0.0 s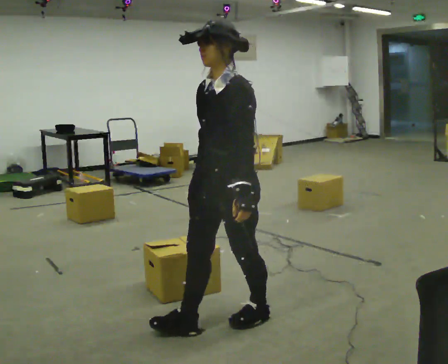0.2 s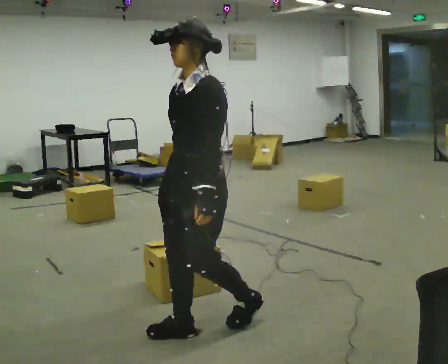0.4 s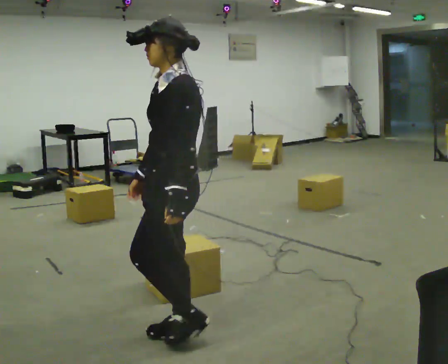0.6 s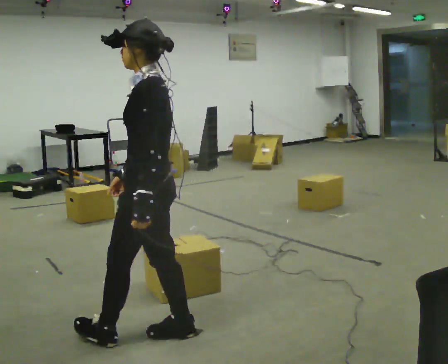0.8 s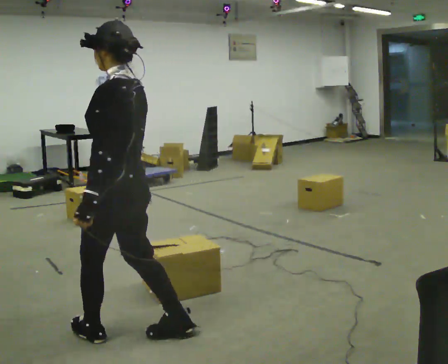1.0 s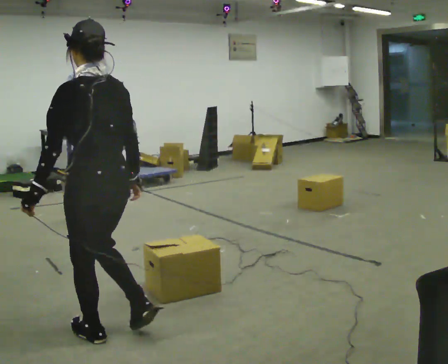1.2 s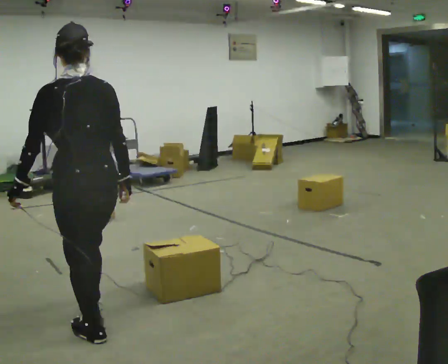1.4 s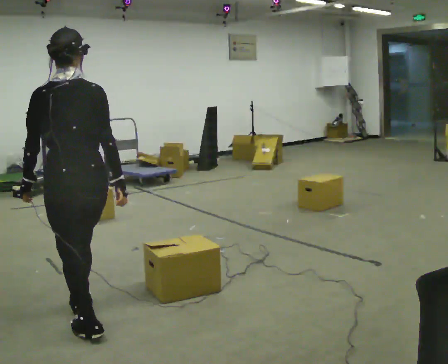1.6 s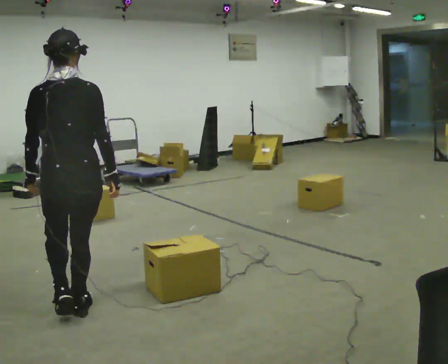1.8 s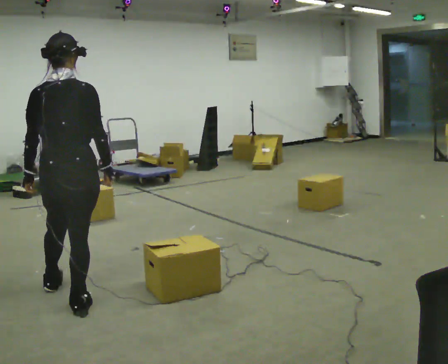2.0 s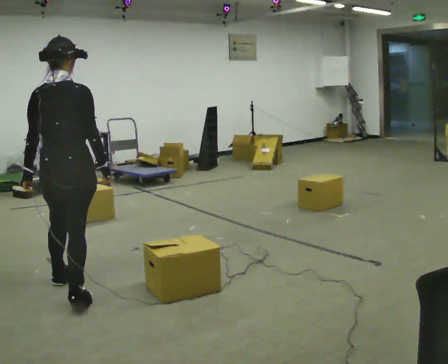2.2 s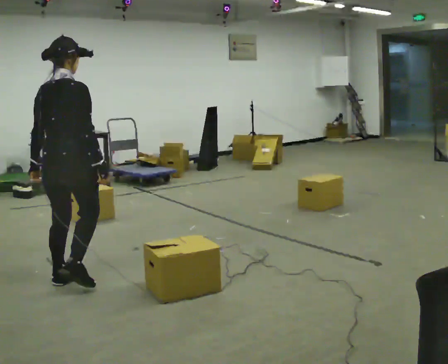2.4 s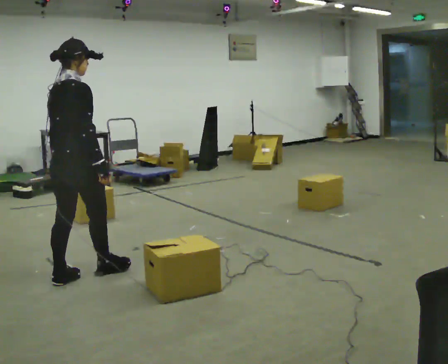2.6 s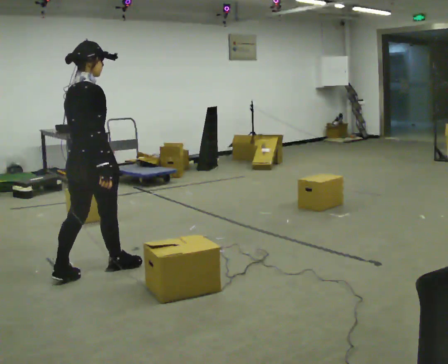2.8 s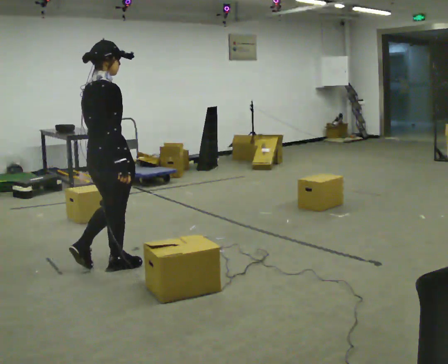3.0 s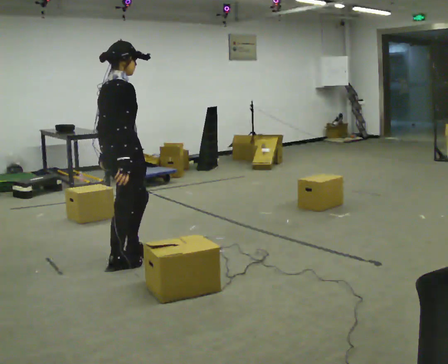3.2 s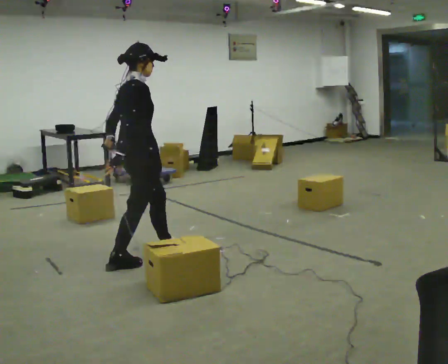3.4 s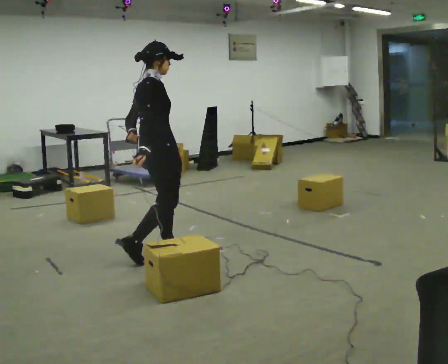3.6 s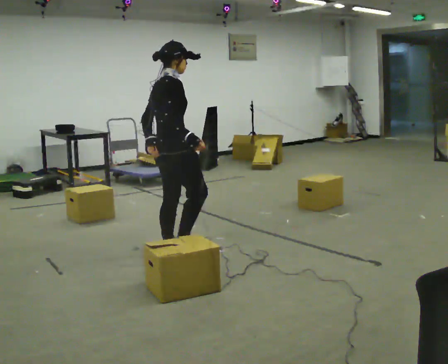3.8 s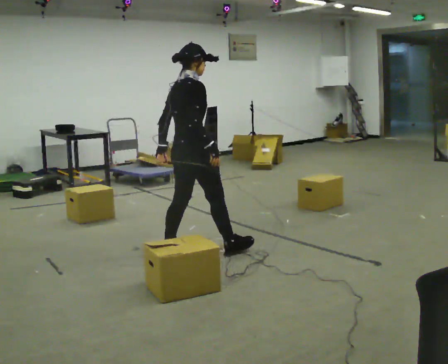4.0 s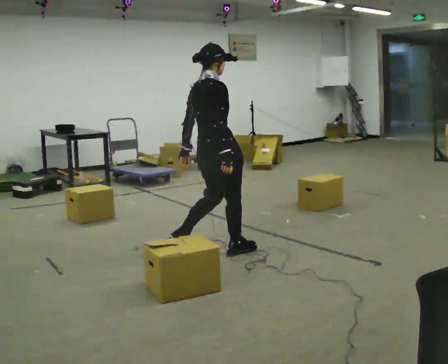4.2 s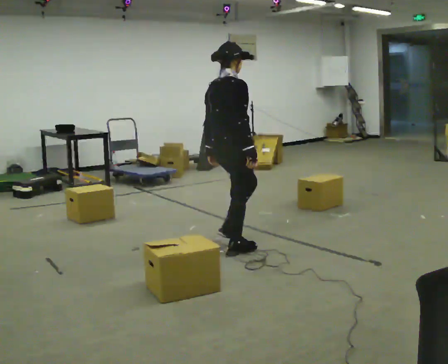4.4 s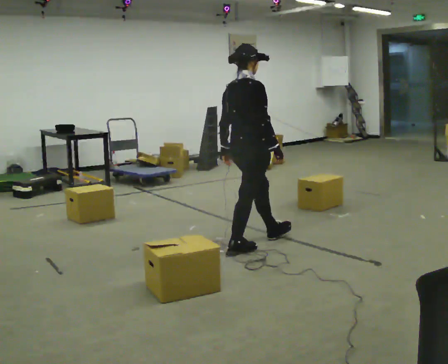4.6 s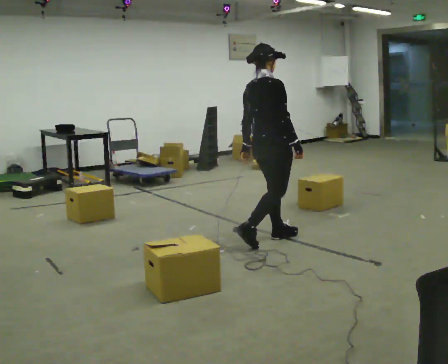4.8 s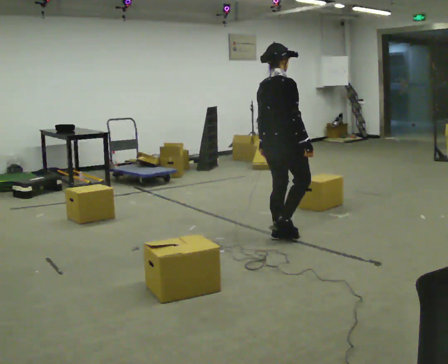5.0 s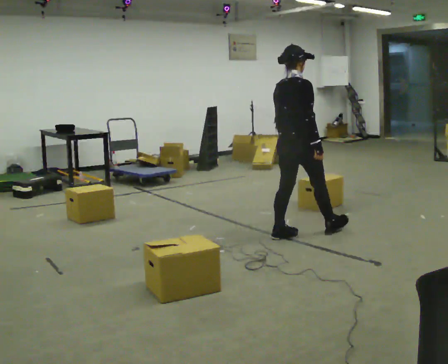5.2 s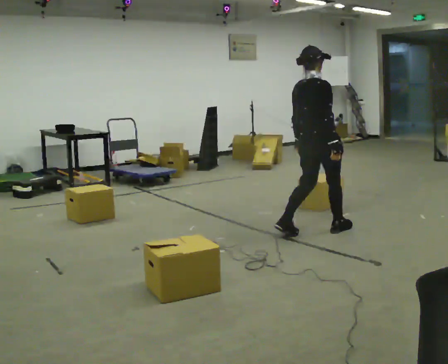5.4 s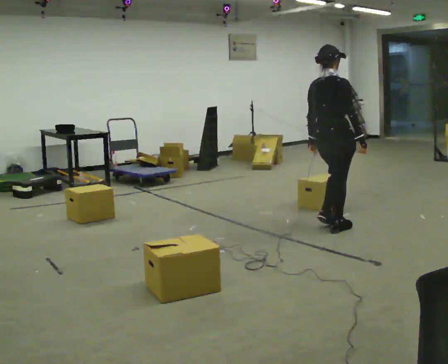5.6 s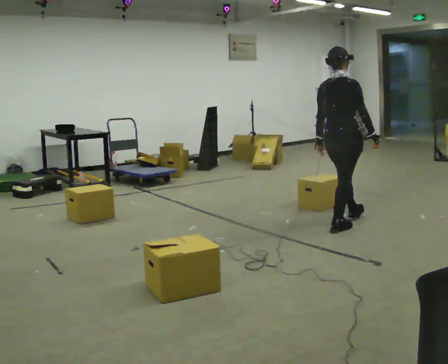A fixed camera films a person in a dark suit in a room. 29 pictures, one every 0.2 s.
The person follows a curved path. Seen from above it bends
clockwise.
The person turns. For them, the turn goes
to their right.
0.0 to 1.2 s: The part of the body nearest the lens slides to the left as the person turns to their right by about 90 degrees. In the picture they go to the left, about 0.75 m in 2 steps.
1.2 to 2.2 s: Seen from above the body turns clockwise, about 60 degrees: to their right, with its near side sliding to the left. In the picture they go away from the camera, about 0.75 m in 2 steps, which for them is forward.
2.2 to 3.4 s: Seen from above the body turns clockwise, about 45 degrees: to their right, with its near side sliding to the left. In the picture they go to the right and away from the camera, about 1 m in 2 steps, which for them is forward.
3.4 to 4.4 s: In the picture they go to the right, about 0.5 m in 1 step, which for them is forward.
4.4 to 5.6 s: In the picture they go to the right, about 1 m in 2 steps, which for them is forward.
The film runs forward here.
